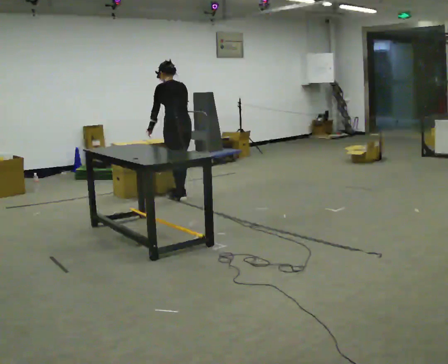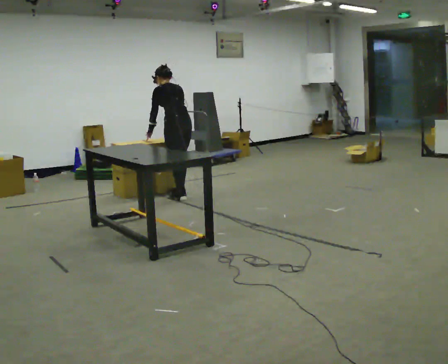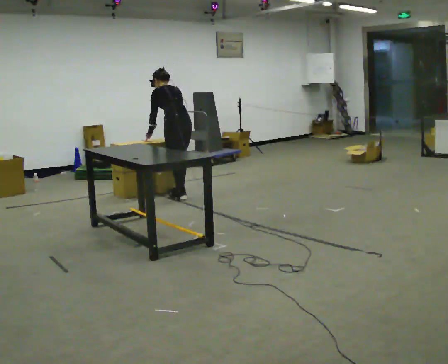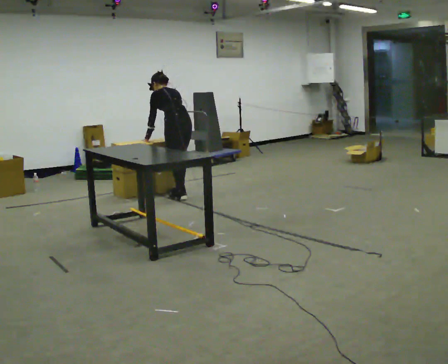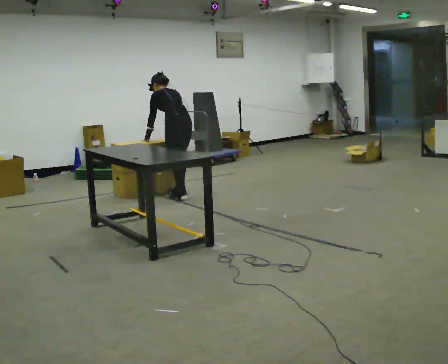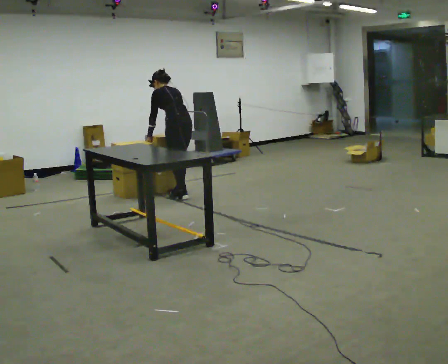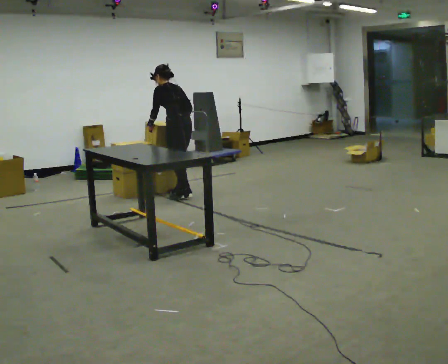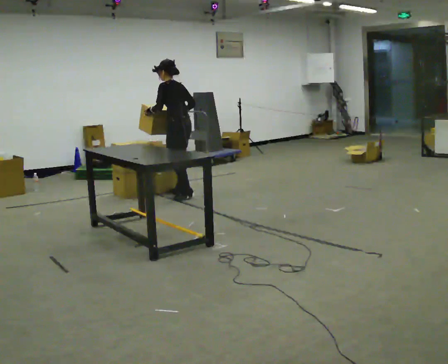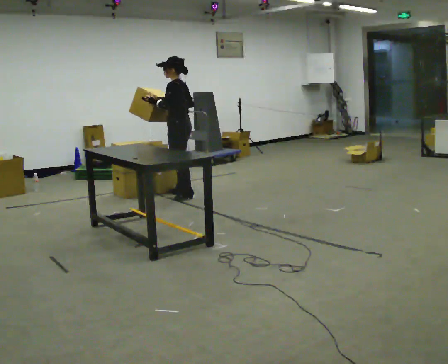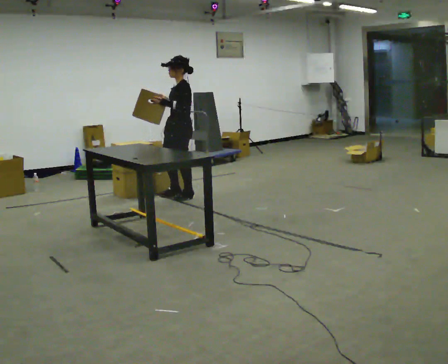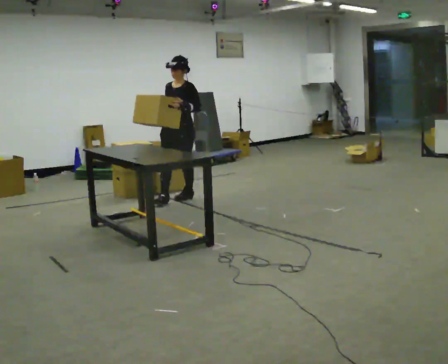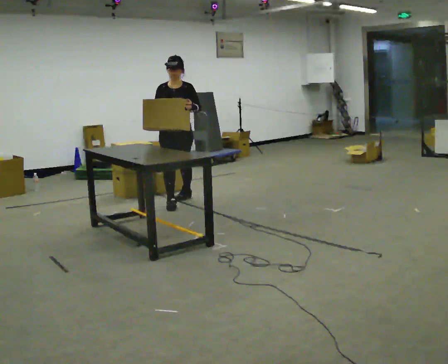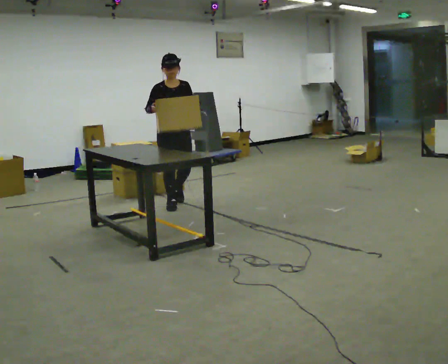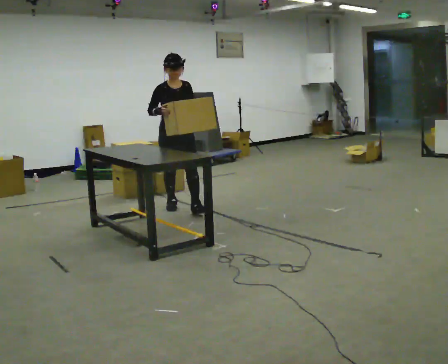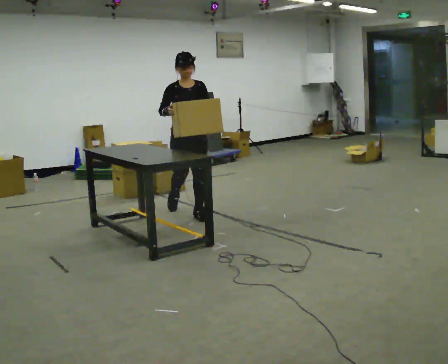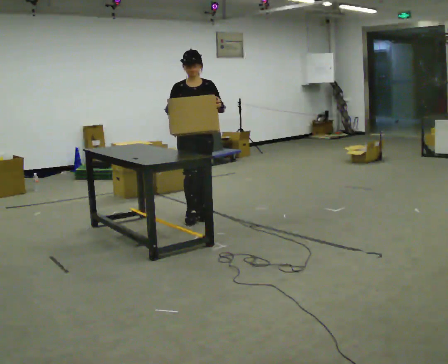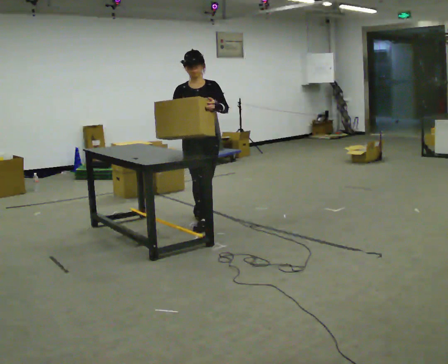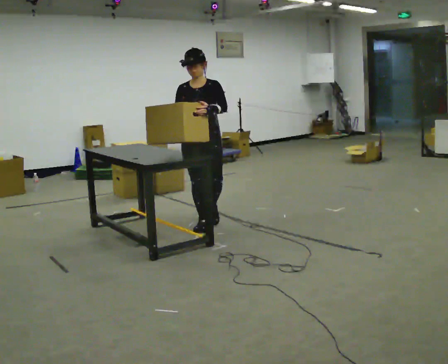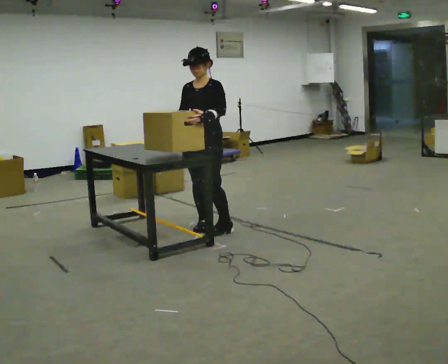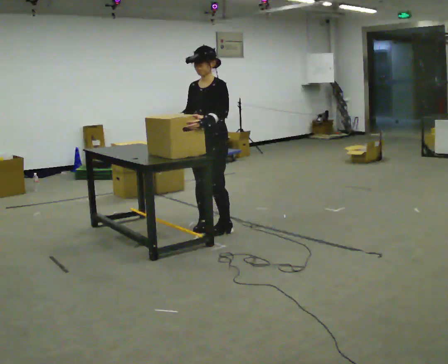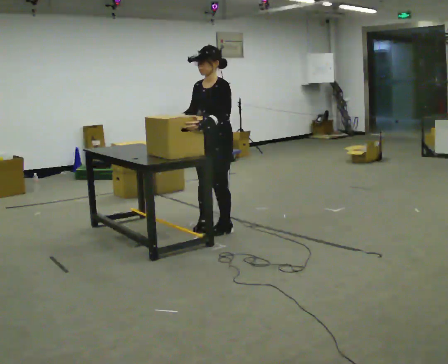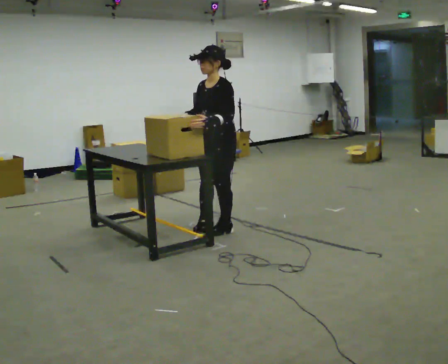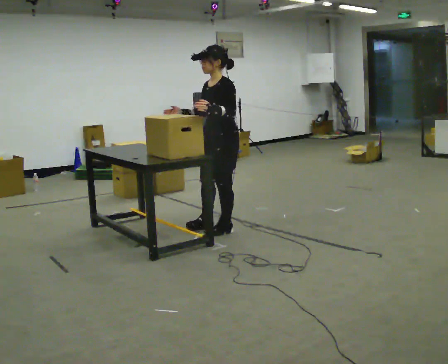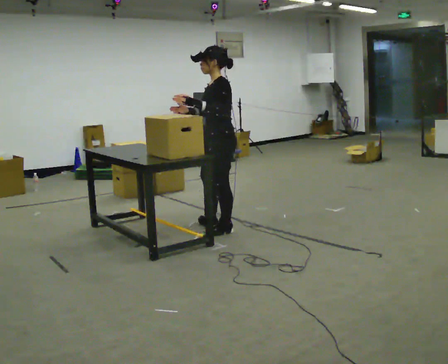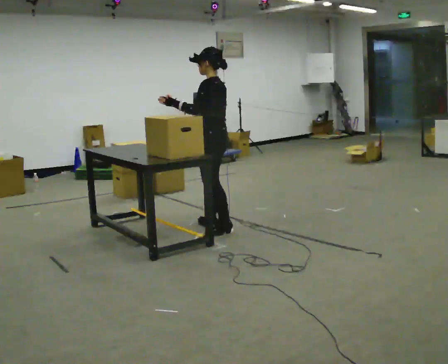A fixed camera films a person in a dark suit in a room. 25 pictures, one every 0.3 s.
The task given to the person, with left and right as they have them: Pick up the next box in the row and carry it to the table. The operator will not tell you how heavy each one is. Keep going until the operator says stop; one object at a time, and do not rush between trips.
0.0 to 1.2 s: The upper body tips away from the camera, its near side rolling upward, as they bend forward.
1.2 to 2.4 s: The part of the body nearest the lens slides to the right as the person turns to their left by about 45 degrees. In the picture they go toward the camera, about 0.25 m, which for them is backward. The upper body tips toward the camera, its near side rolling downward, as they lean back or straighten. In the picture their right hand goes upward.
2.4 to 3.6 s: Seen from above the body turns counterclockwise, about 120 degrees: to their left, with its near side sliding to the right. In the picture they go toward the camera, about 0.5 m in 1 step.
3.6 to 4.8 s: In the picture they go toward the camera, about 0.75 m in 2 steps, which for them is forward.
4.8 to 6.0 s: The person turns about 60 degrees to their right, clockwise seen from above, so the part of the body nearest the lens slides to the left. In the picture they go toward the camera, about 0.25 m in 1 step, which for them is to their left and forward.
6.0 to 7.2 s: The part of the body nearest the lens slides to the left as the person turns to their right by about 75 degrees. In the picture their right hand goes to the right.
The film runs forward here.
